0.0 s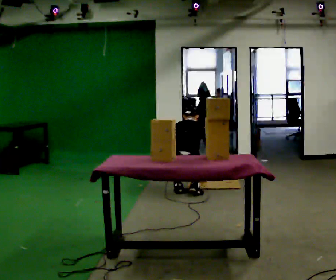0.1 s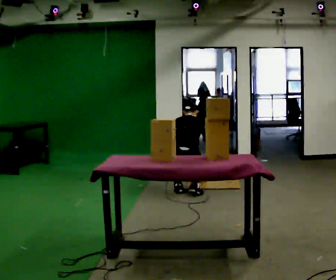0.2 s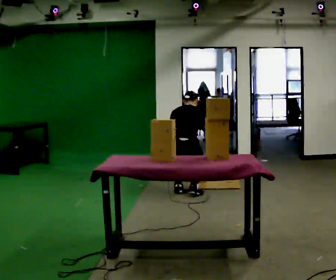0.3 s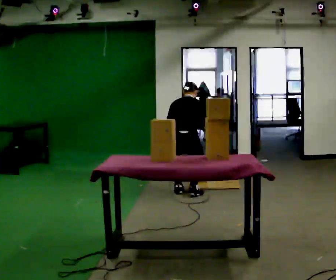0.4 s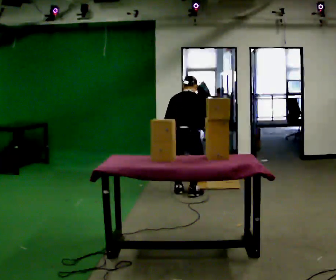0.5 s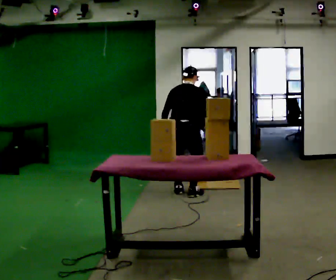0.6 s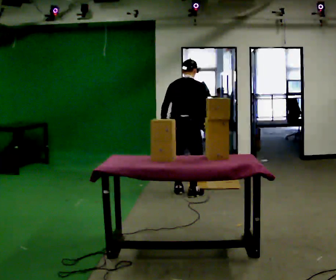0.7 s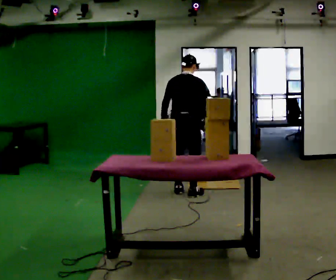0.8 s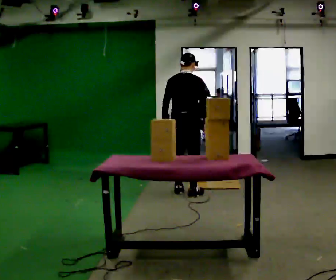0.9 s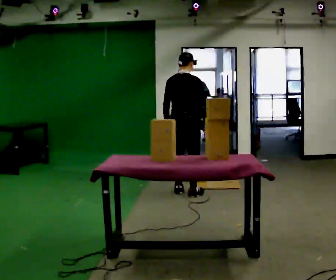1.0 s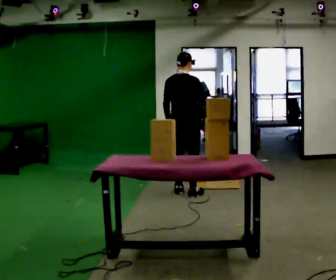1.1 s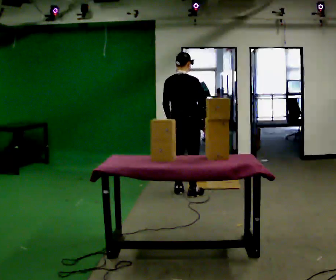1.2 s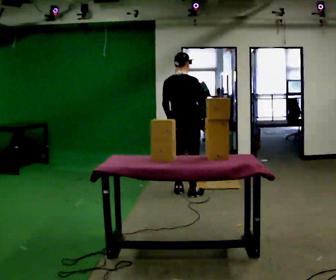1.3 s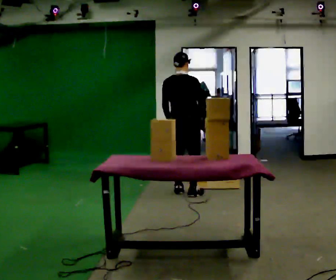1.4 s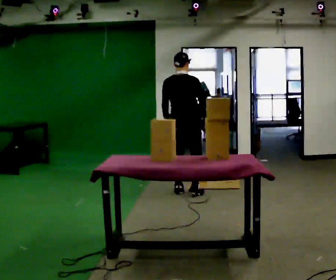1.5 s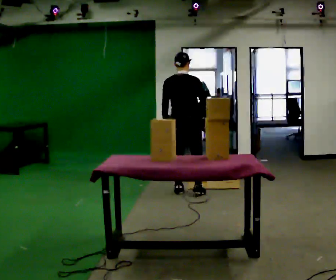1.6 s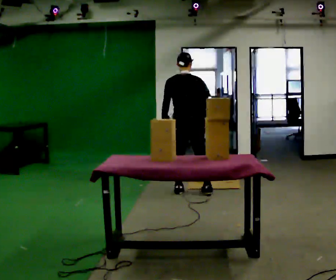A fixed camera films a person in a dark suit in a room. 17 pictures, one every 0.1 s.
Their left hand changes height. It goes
upward.
The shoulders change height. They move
upward.
0.0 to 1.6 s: The shoulders move upward. The upper body tips toward the camera, its near side rolling downward, as they lean back or straighten. In the picture their left hand goes upward.
The film runs forward here.
